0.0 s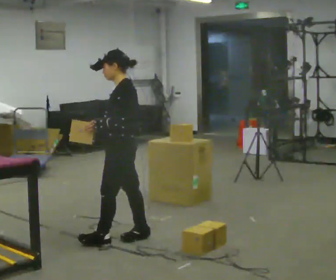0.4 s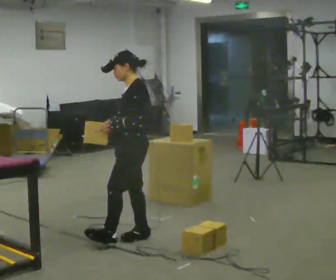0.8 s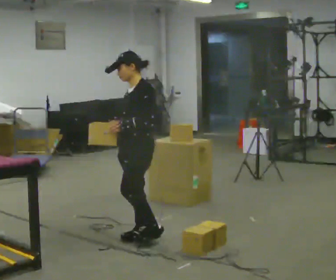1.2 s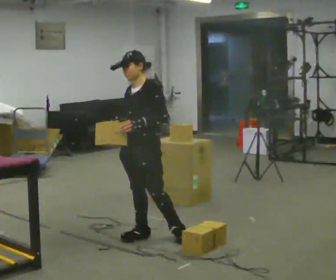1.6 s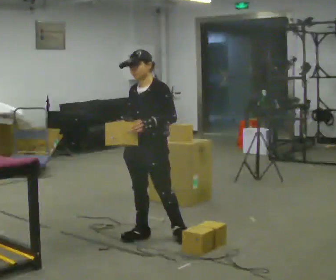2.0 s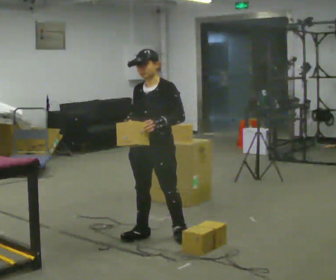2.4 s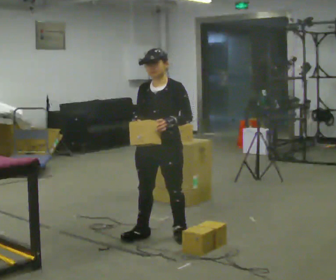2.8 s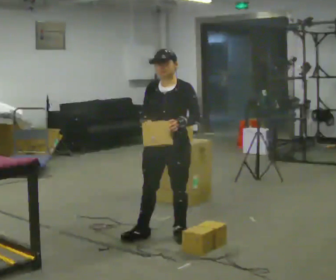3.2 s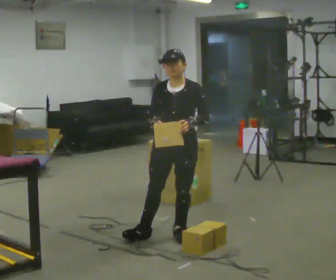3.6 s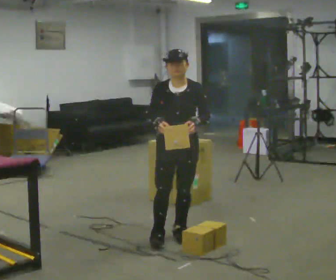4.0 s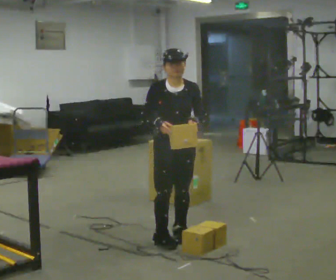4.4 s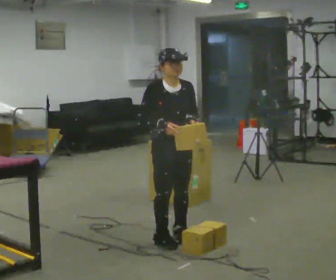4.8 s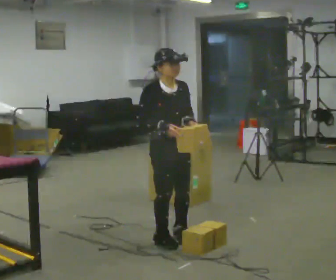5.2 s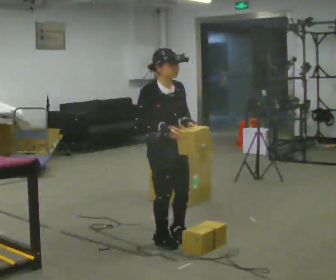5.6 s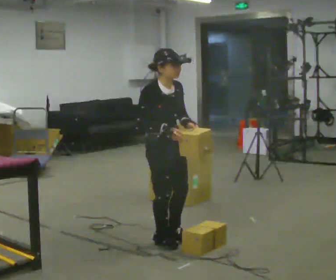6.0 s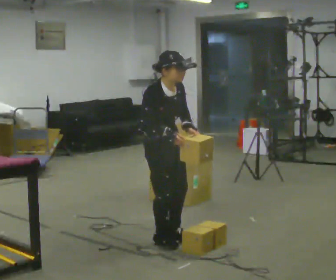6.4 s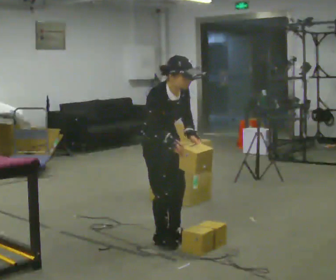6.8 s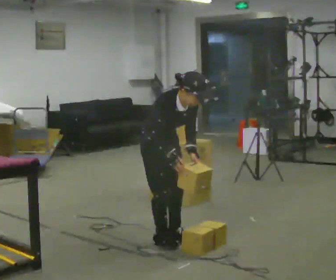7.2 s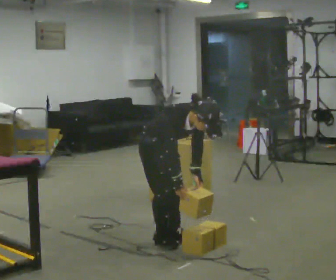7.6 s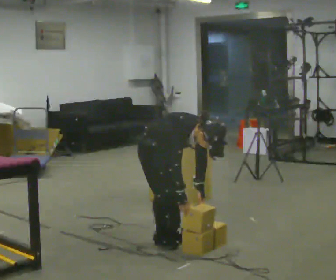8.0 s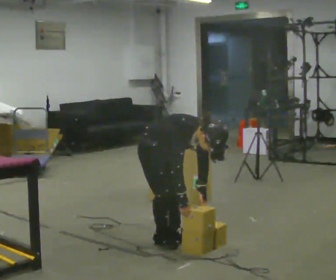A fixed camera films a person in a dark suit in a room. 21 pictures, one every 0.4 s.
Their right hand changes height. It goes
downward.
The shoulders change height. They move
downward.
0.0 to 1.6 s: The person turns about 45 degrees to their left, counterclockwise seen from above, so the part of the body nearest the lens slides to the right. In the picture they go to the right, about 0.25 m in 1 step, which for them is backward. In the picture their left hand goes to the right.
1.6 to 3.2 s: In the picture they go to the right, about 0.25 m, which for them is to their left. In the picture their left hand goes to the right.
3.2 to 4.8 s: Seen from above the body turns counterclockwise, about 45 degrees: to their left, with its near side sliding to the right.
4.8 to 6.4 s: The upper body tips toward the camera, its near side rolling downward, as they bend forward.
6.4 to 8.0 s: The upper body goes downward. In the picture the upper body tilts clockwise, shoulders to the right, as they bend forward. In the picture their right hand goes downward.
The film runs backward here.
